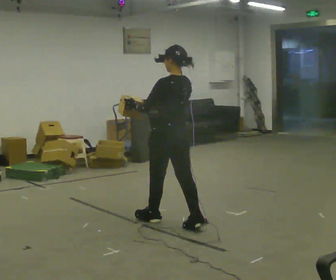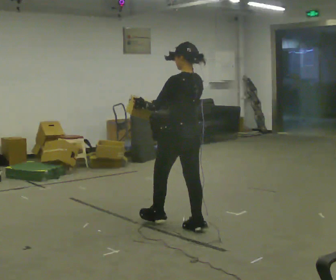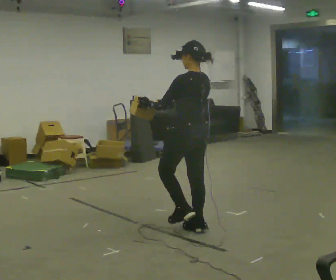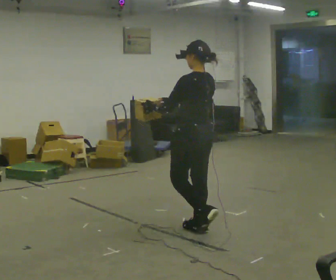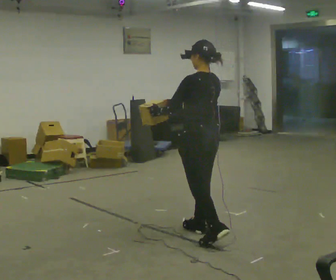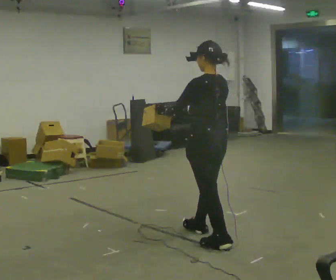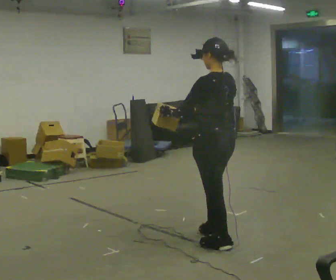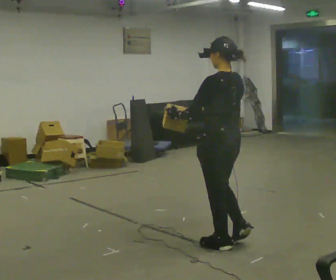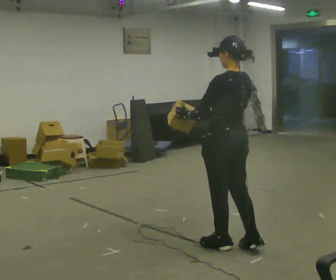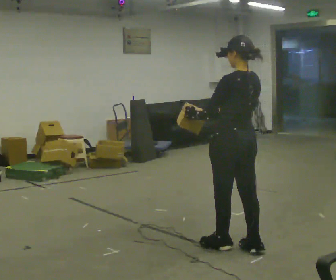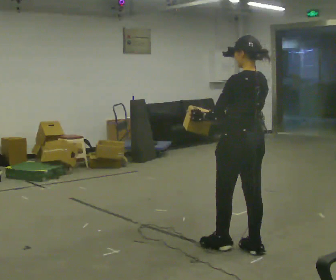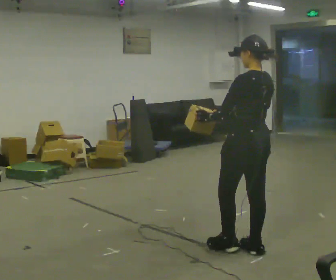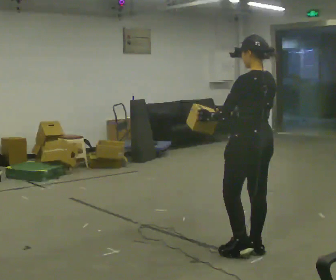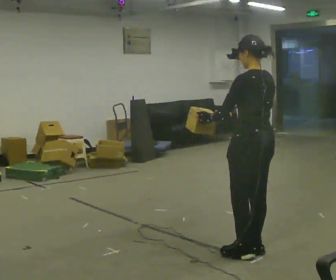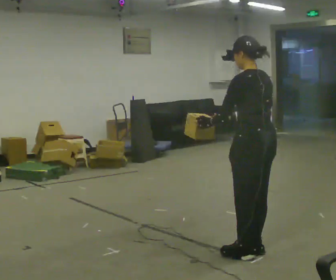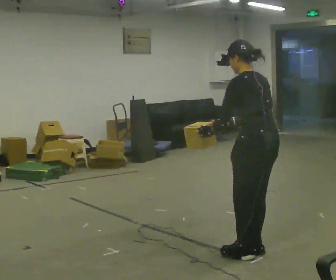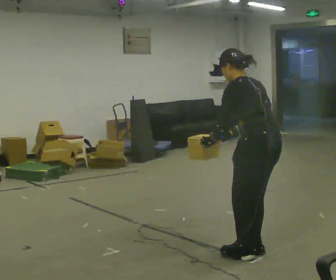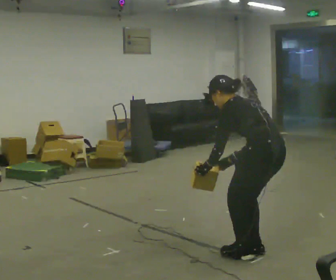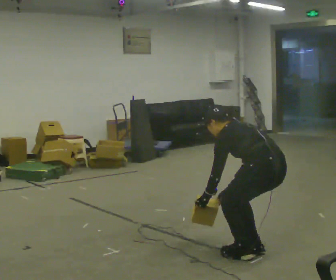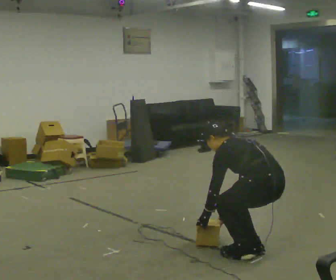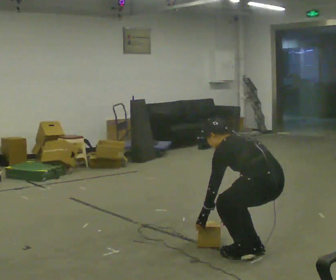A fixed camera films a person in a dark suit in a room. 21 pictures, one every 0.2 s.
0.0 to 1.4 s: In the picture they go toward the camera and to the right, about 0.5 m in 2 steps, which for them is backward.
1.4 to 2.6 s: In the picture they go to the right, about 0.25 m in 1 step, which for them is backward.
2.6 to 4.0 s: The upper body goes downward. In the picture the upper body tilts counterclockwise, shoulders to the left, as they bend forward. In the picture their right hand goes downward.
The film runs backward here.
